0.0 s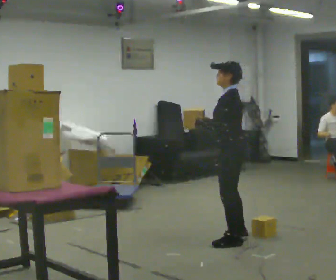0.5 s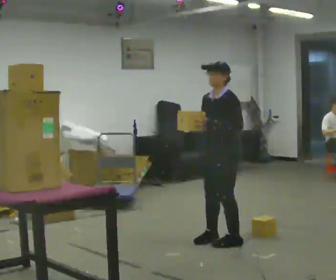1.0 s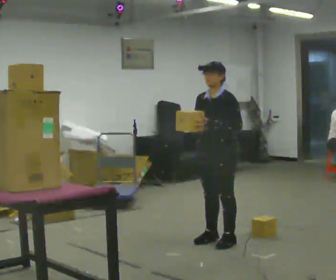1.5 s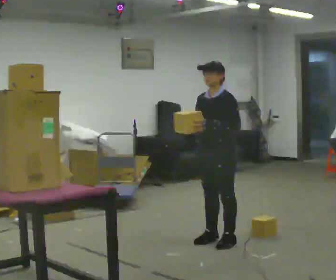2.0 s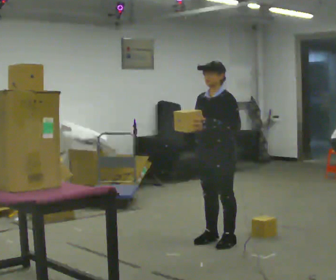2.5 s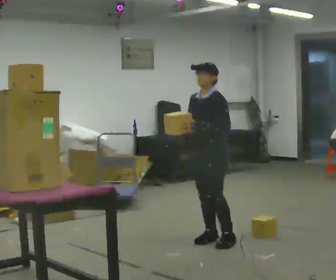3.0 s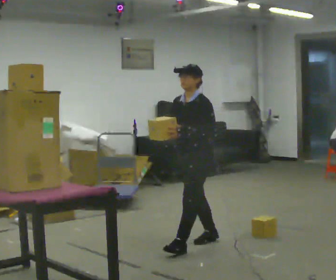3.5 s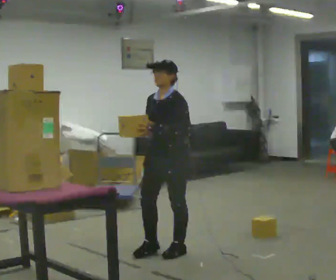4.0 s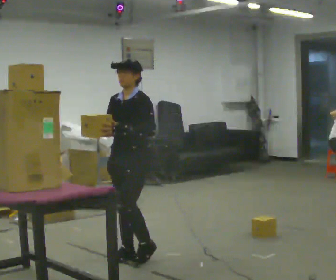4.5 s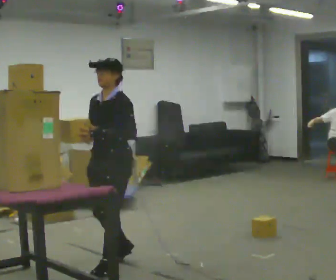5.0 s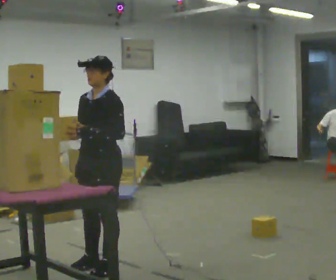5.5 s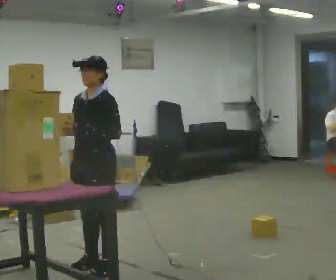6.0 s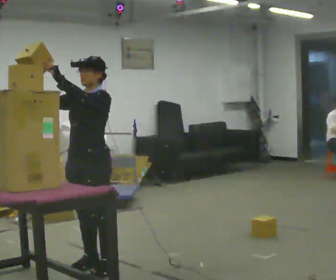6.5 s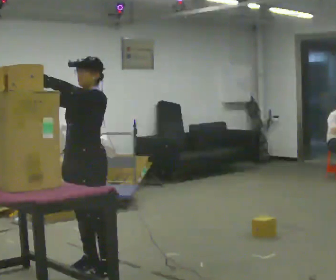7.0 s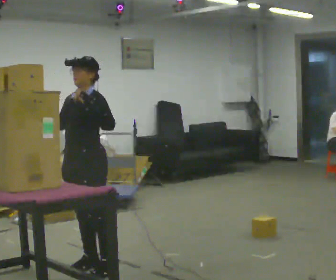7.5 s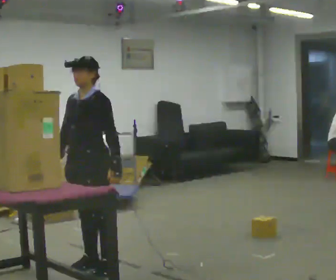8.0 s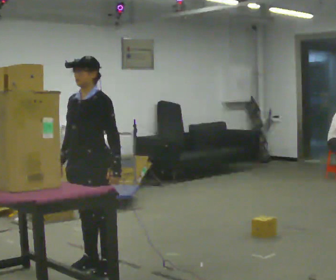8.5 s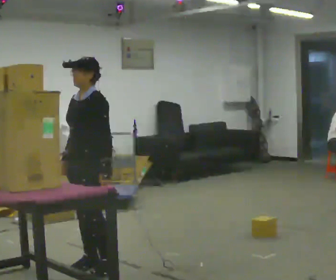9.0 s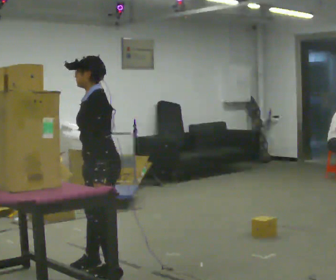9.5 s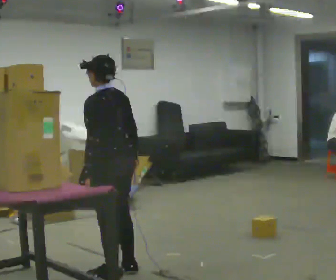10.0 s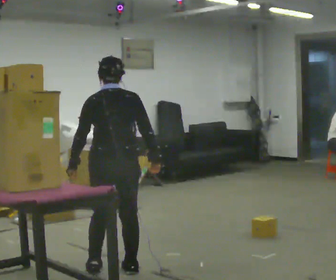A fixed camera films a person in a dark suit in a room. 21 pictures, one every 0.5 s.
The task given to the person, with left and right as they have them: Carry the object across the room and place it on the shelf just at the top of your comfortable reach. Keep going until the operator says stop; one object at a time, and do not rush between trips.
0.0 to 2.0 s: Seen from above the body turns counterclockwise, about 60 degrees: to their left, with its near side sliding to the right.
2.0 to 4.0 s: In the picture they go to the left, about 1 m in 2 steps, which for them is forward.
4.0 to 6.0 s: In the picture they go to the left and toward the camera, about 0.5 m in 2 steps, which for them is forward. In the picture their left hand goes upward.
6.0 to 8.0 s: In the picture their left hand goes downward and to the right.
8.0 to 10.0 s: The part of the body nearest the lens slides to the left as the person turns to their right by about 135 degrees.
The film runs forward here.
